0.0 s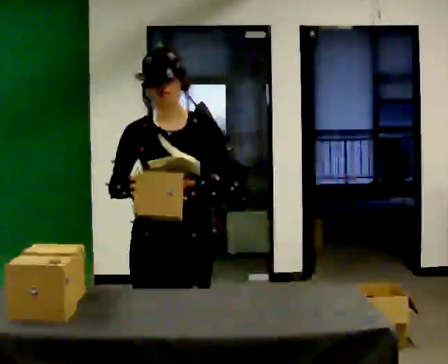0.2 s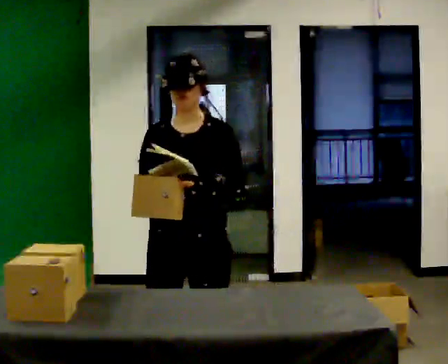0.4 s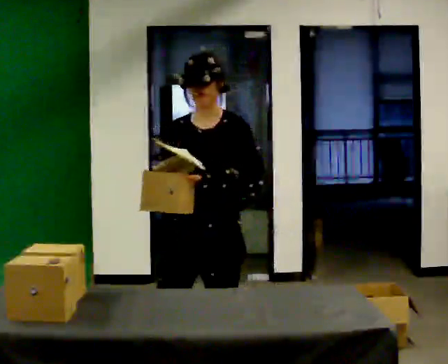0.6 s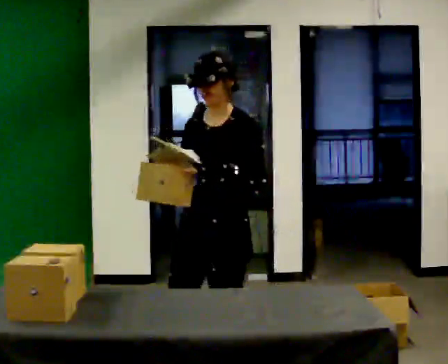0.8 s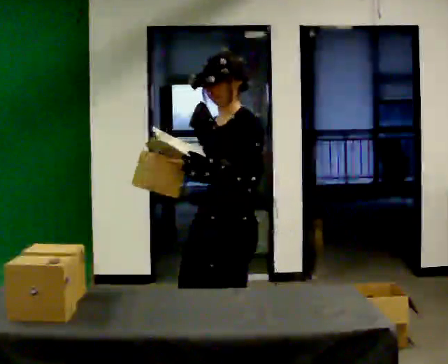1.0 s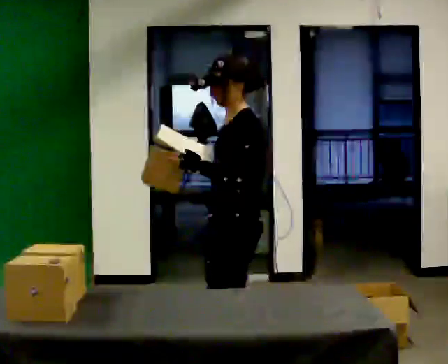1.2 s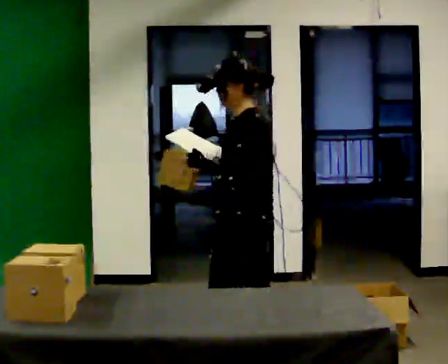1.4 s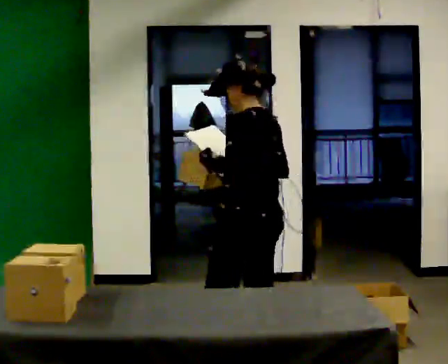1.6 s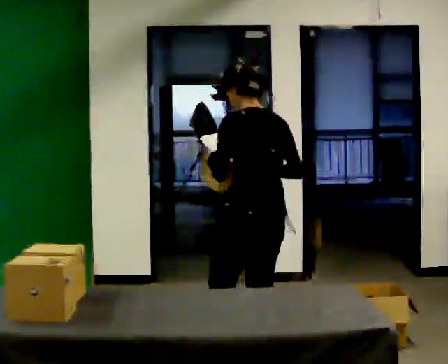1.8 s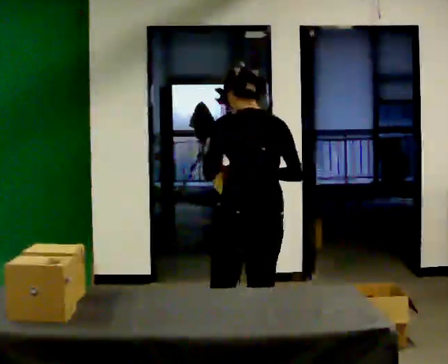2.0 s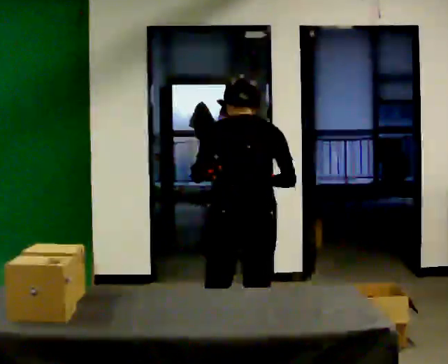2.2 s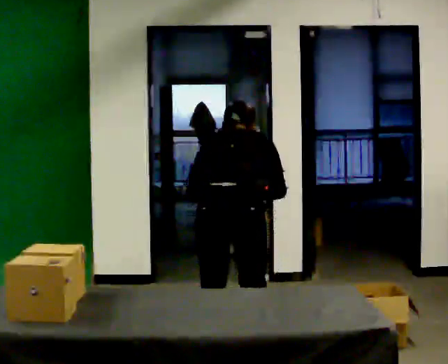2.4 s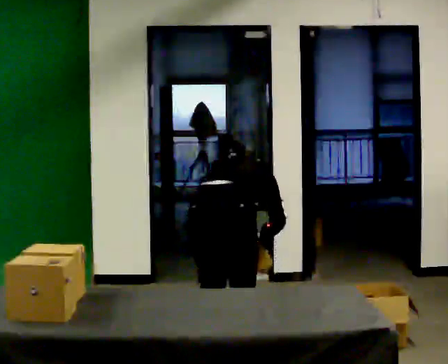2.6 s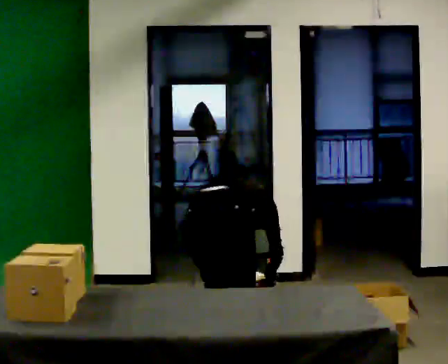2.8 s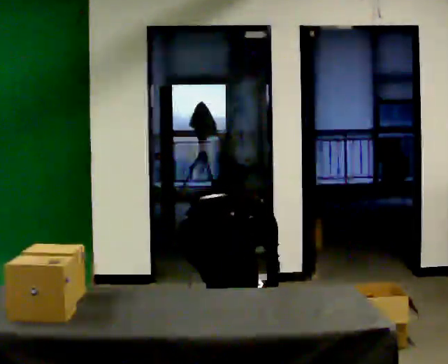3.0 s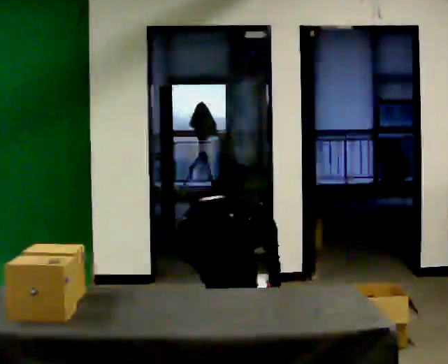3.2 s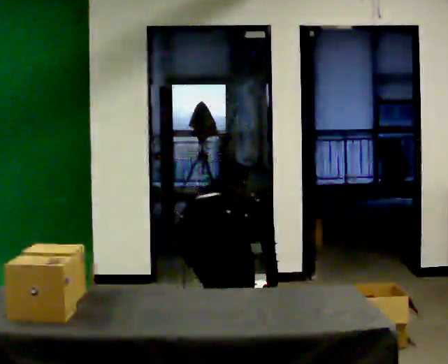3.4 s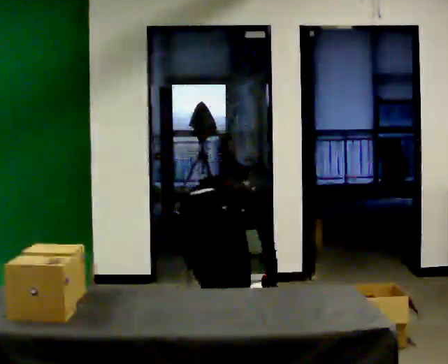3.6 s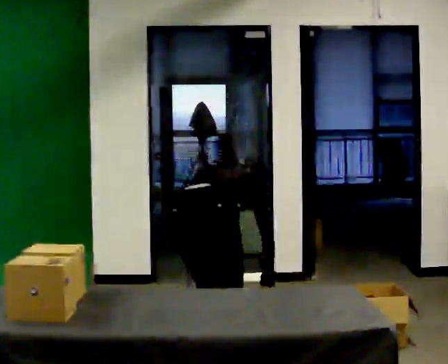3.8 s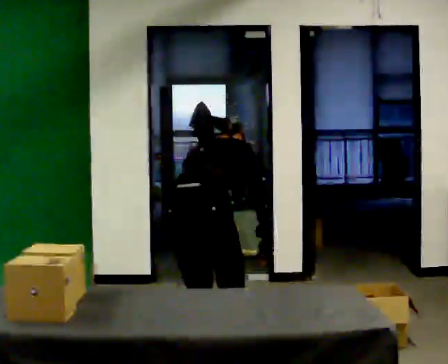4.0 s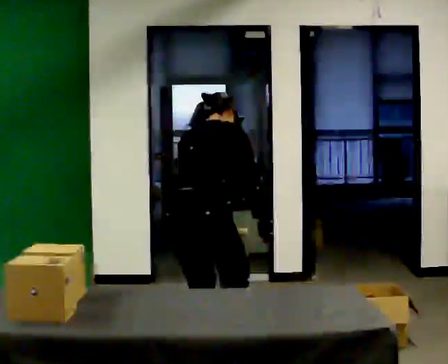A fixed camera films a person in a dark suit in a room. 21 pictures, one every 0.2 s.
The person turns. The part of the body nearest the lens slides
to the left.
The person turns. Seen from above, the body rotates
clockwise.
0.0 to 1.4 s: The person turns about 120 degrees to their right, clockwise seen from above, so the part of the body nearest the lens slides to the left. In the picture they go away from the camera and to the right, about 0.75 m in 2 steps.
1.4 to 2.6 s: Seen from above the body turns clockwise, about 75 degrees: to their right, with its near side sliding to the left. In the picture they go to the left, about 0.25 m. The upper body goes downward. The upper body tips away from the camera, its near side rolling upward, as they bend forward. In the picture their left hand goes downward.
2.6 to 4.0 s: The upper body tips toward the camera, its near side rolling downward, as they lean back or straighten. In the picture their right hand goes upward.
The film runs backward here.
